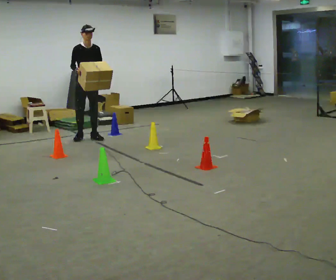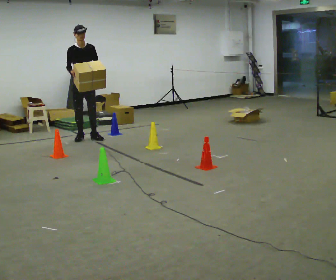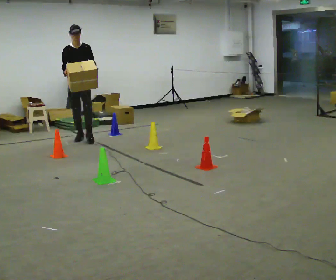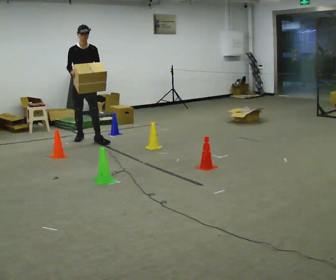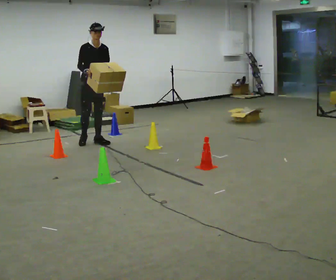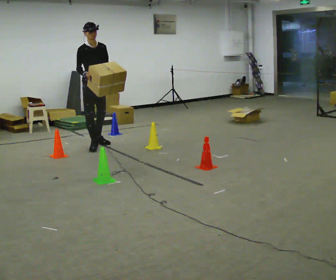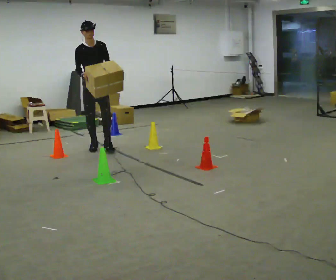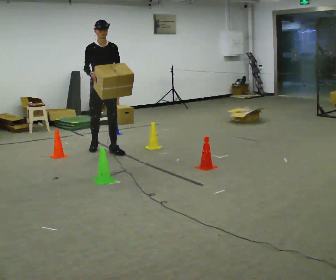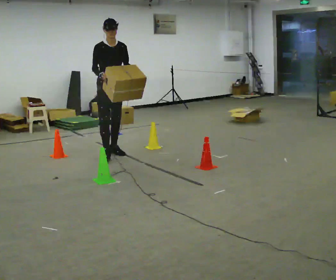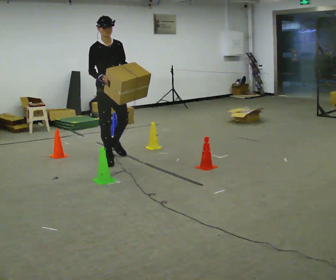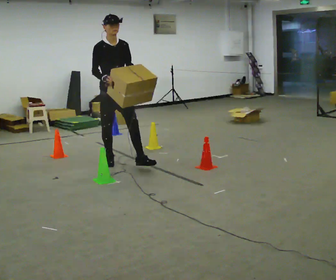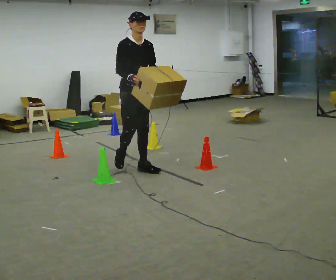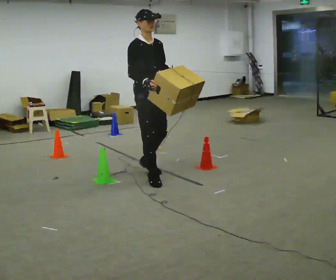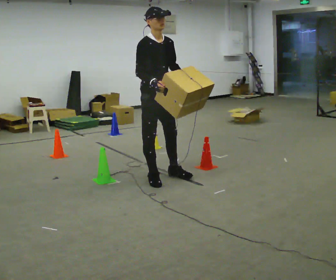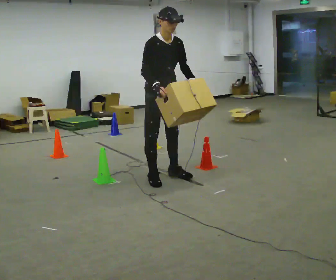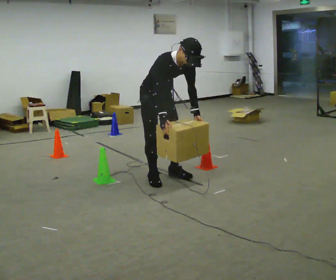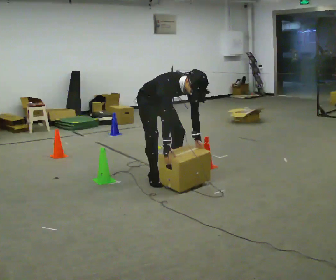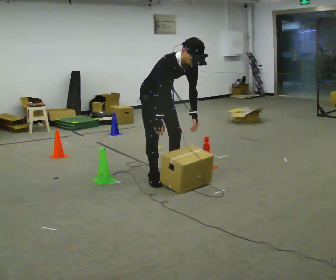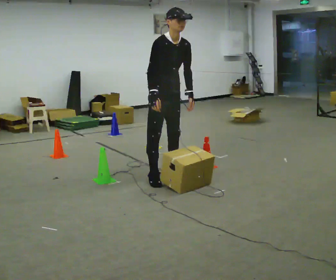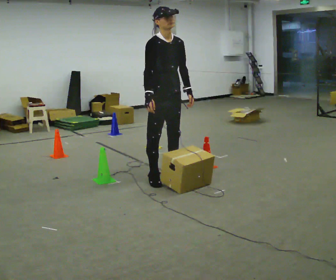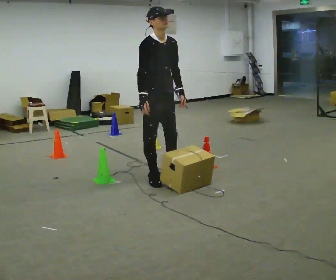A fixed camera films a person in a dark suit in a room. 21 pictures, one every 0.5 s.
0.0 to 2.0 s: In the picture they go toward the camera, about 0.25 m in 1 step, which for them is forward.
2.0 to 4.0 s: In the picture they go toward the camera, about 0.5 m in 2 steps, which for them is forward.
4.0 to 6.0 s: In the picture they go toward the camera, about 1 m in 3 steps, which for them is forward.
6.0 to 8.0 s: The upper body goes downward. The upper body tips toward the camera, its near side rolling downward, as they bend forward. In the picture their left hand goes downward.
8.0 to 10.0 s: In the picture they go toward the camera, about 0.25 m, which for them is forward. The upper body goes upward. The upper body tips away from the camera, its near side rolling upward, as they lean back or straighten. In the picture their left hand goes upward.
The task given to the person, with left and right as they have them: Carry the box through the gap between the panels without touching either side, then set it down and bring it back. Keep going until the operator says stop; one object at a time, and do not rush between trips.
The film runs forward here.
